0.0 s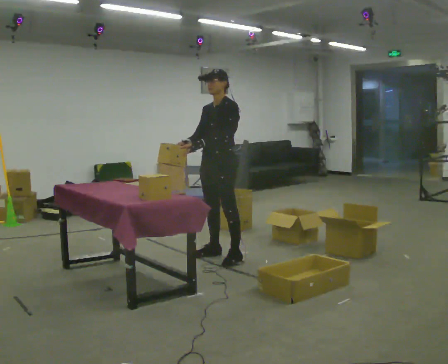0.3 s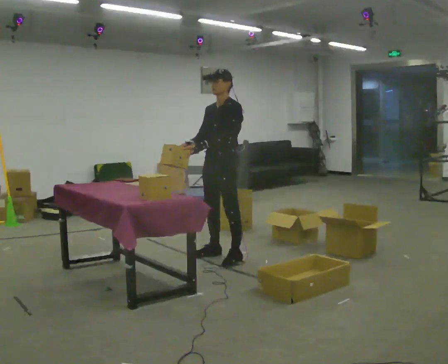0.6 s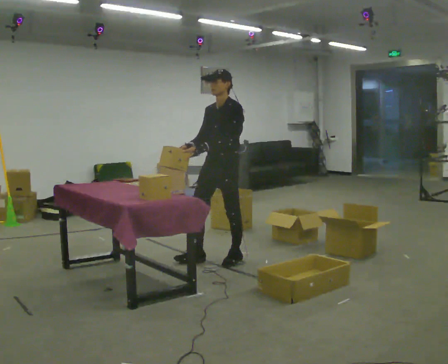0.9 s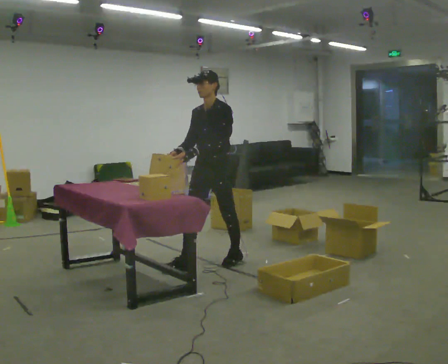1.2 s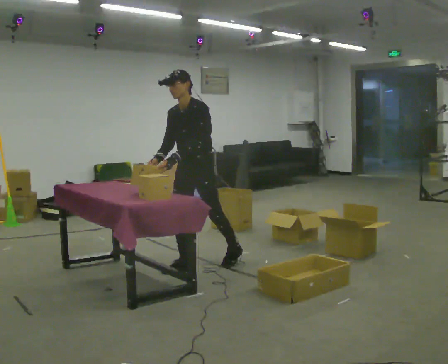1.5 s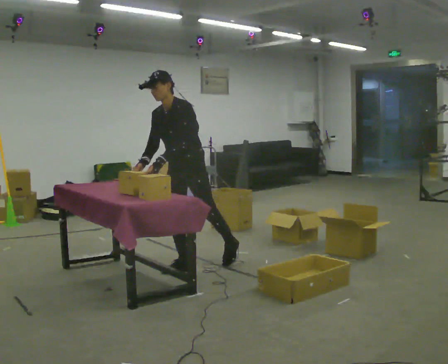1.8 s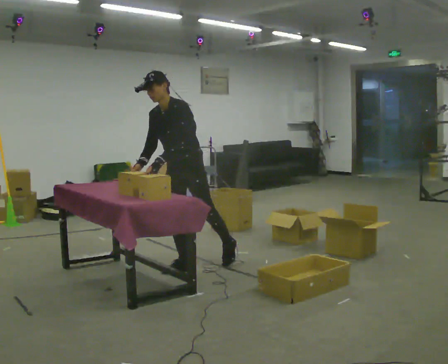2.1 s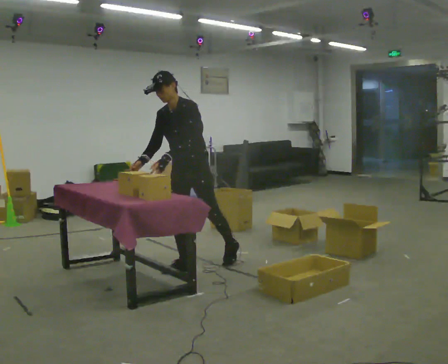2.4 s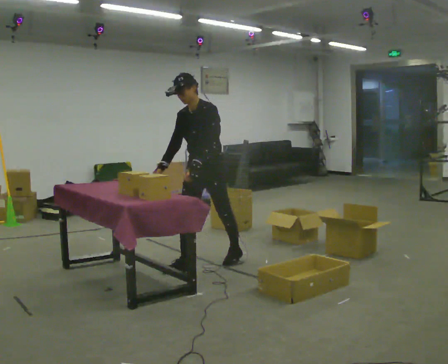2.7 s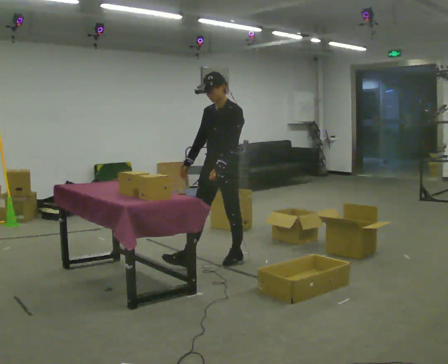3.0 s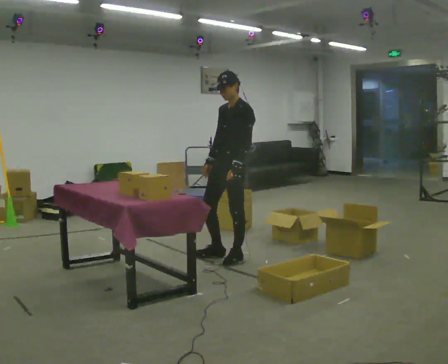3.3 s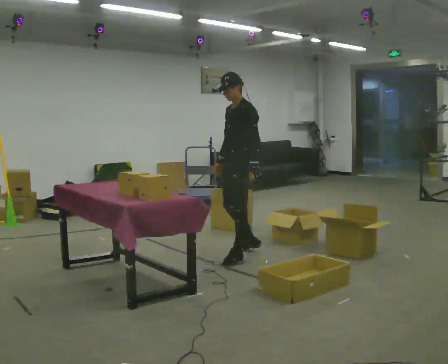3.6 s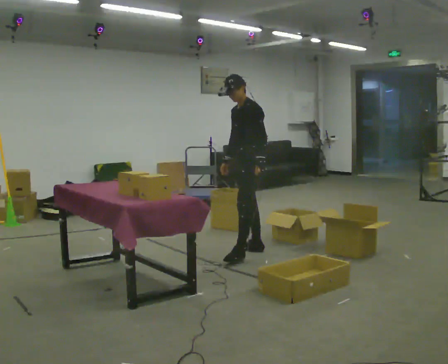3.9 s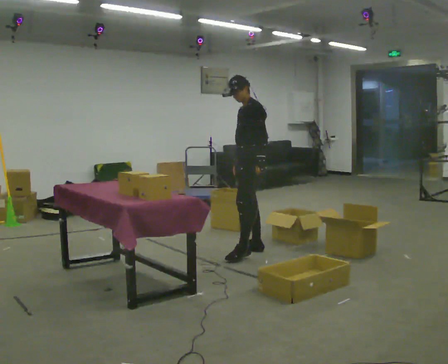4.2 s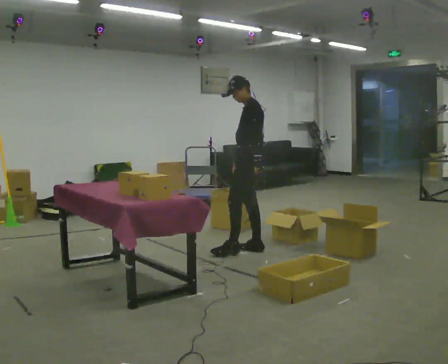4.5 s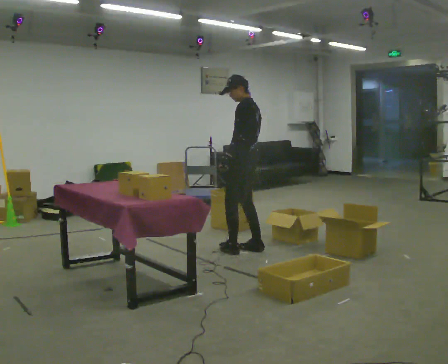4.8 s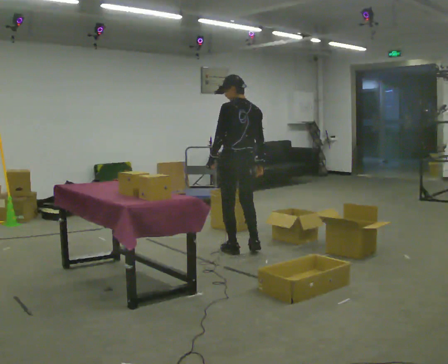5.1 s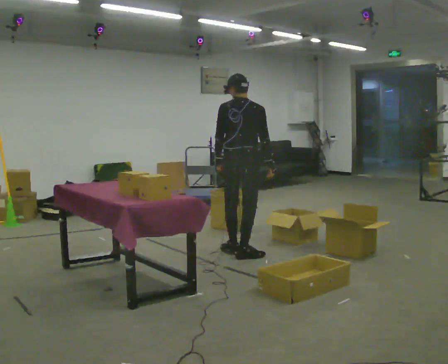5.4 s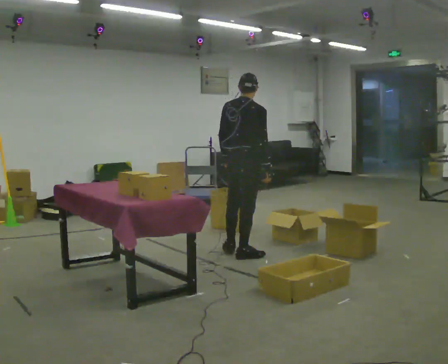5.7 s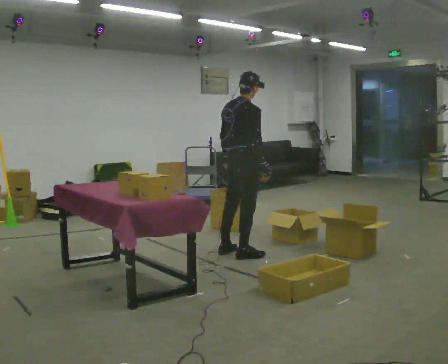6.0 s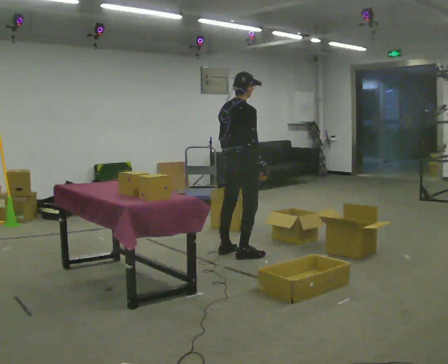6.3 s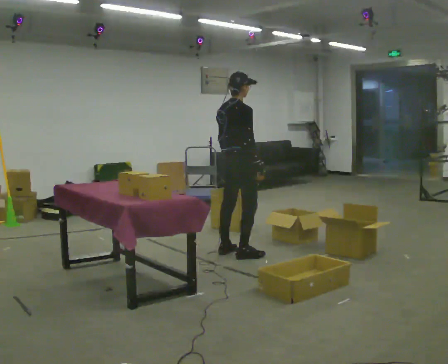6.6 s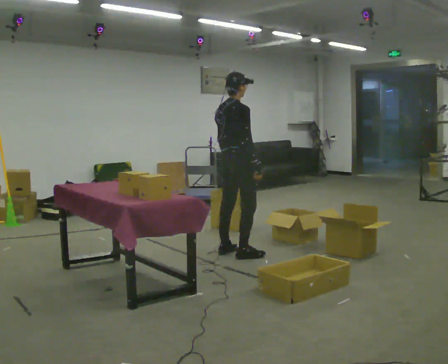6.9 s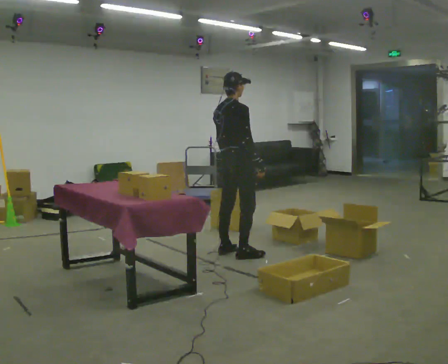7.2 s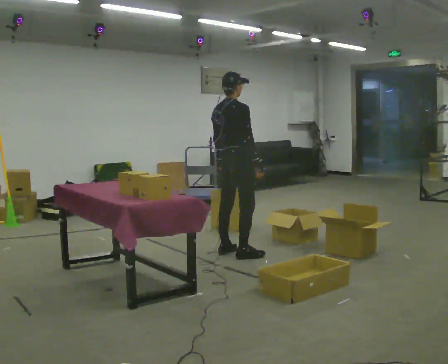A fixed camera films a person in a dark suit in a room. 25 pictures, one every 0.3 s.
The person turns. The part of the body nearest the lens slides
to the left.
The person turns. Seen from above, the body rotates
clockwise.
0.0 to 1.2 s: In the picture they go toward the camera and to the left, about 0.25 m in 1 step, which for them is forward.
1.2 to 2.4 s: The person moves a little, or ends about where they began.
2.4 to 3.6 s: Seen from above the body turns clockwise, about 30 degrees: to their right, with its near side sliding to the left. In the picture they go away from the camera and to the right, about 0.5 m in 1 step, which for them is backward.
3.6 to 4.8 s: Seen from above the body turns clockwise, about 75 degrees: to their right, with its near side sliding to the left. In the picture their left hand goes to the left, the arm swinging clockwise.
4.8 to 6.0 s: The person turns about 75 degrees to their right, clockwise seen from above, so the part of the body nearest the lens slides to the left.
6.0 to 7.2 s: The person moves a little, or ends about where they began.
The film runs backward here.
